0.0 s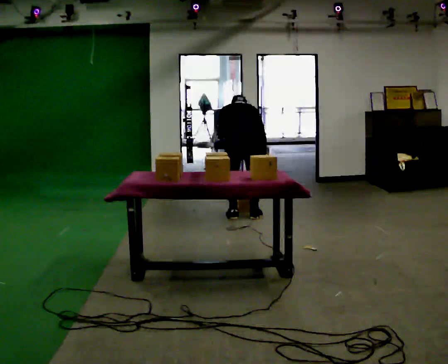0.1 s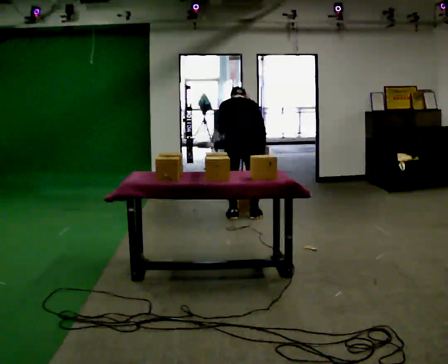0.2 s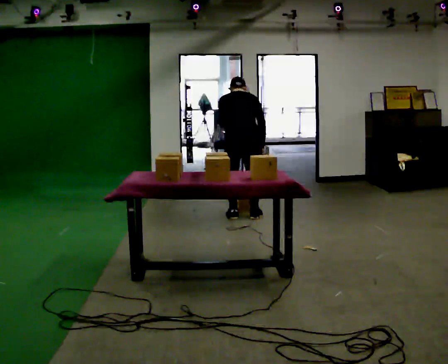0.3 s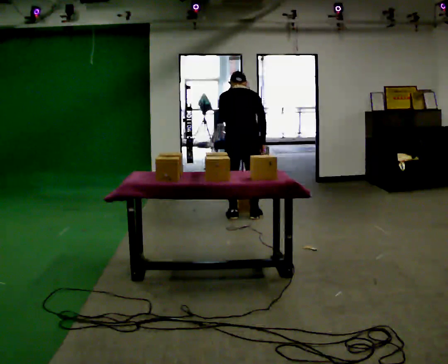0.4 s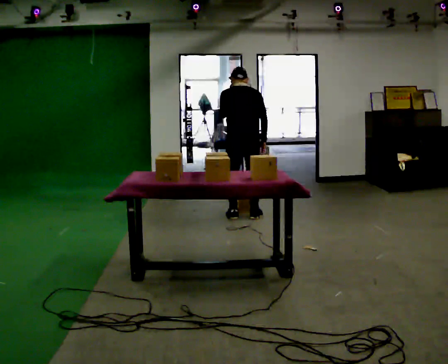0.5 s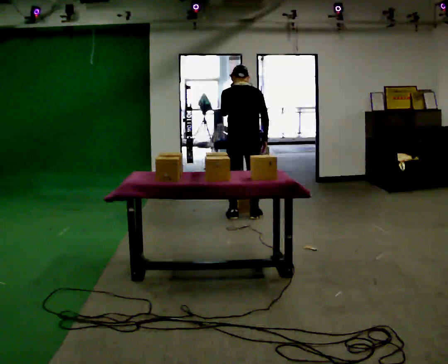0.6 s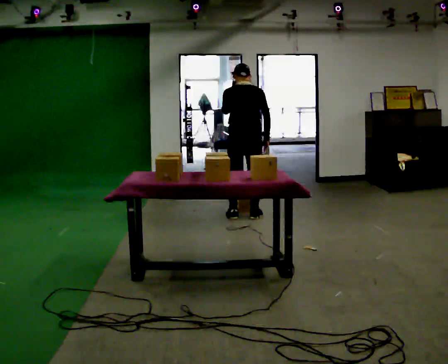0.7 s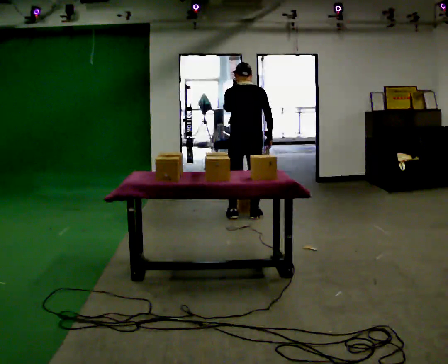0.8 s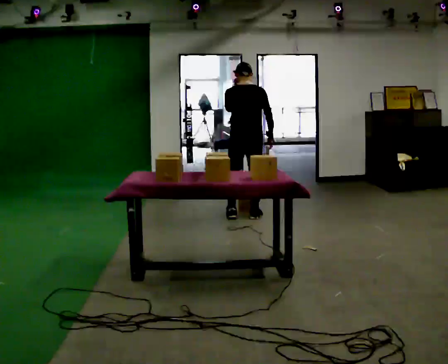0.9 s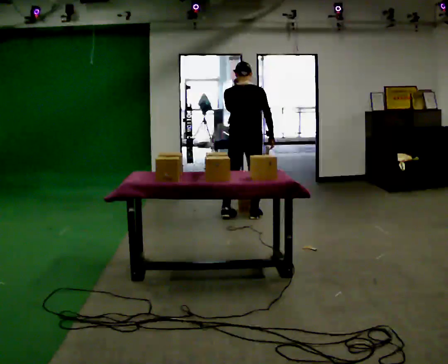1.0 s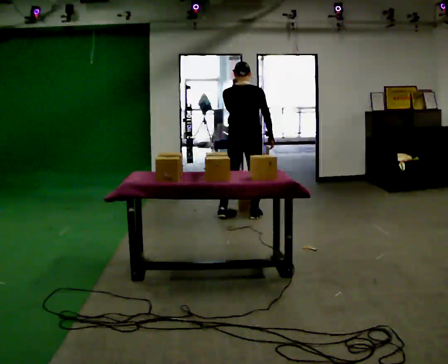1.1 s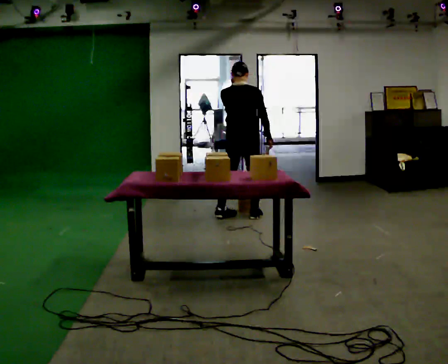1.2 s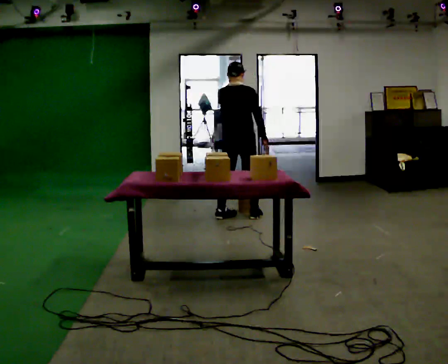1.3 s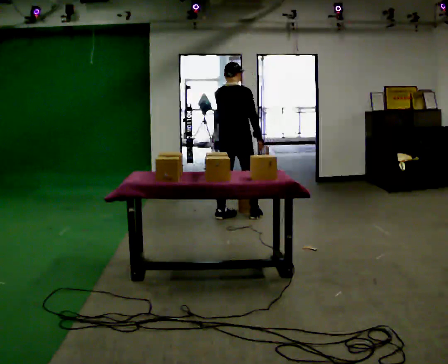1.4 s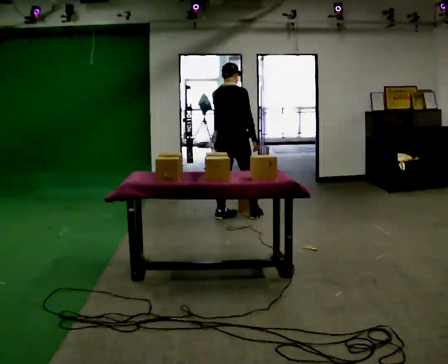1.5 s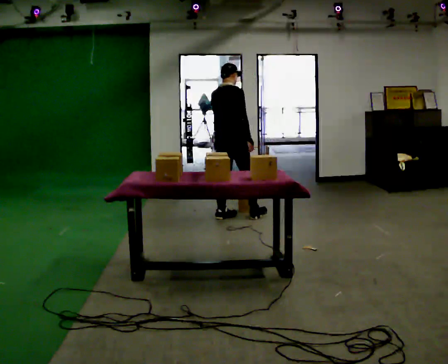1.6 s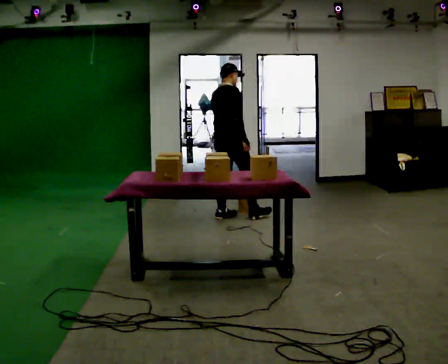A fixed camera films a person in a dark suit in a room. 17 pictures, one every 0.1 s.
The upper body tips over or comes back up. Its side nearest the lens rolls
downward.
0.0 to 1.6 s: The part of the body nearest the lens slides to the left as the person turns to their right by about 60 degrees. In the picture they go to the left, about 0.25 m in 1 step, which for them is to their left. The shoulders move upward. The upper body tips toward the camera, its near side rolling downward, as they lean back or straighten. In the picture their left hand goes upward.
The film runs forward here.
